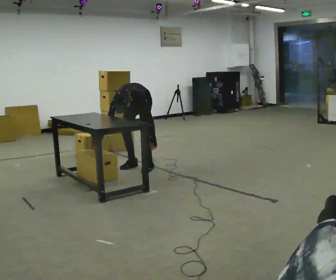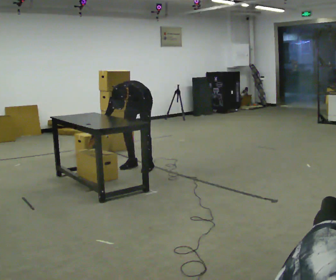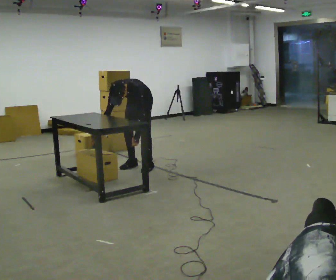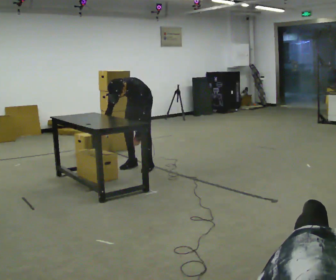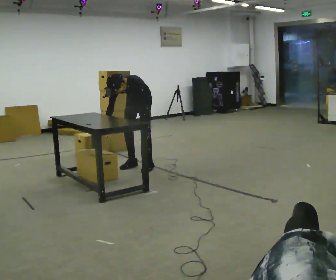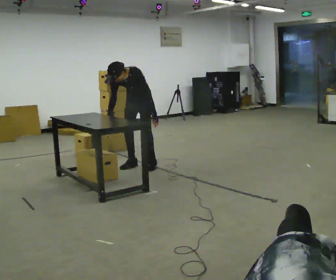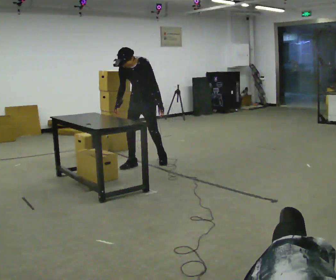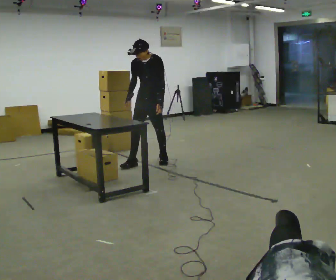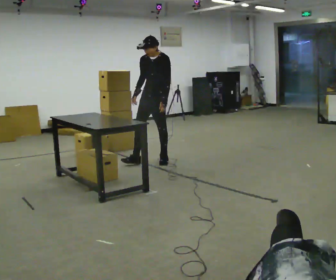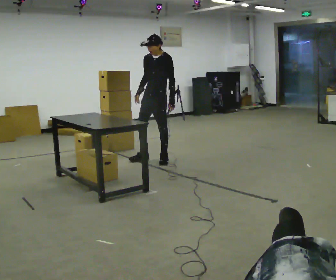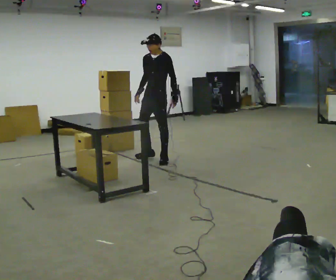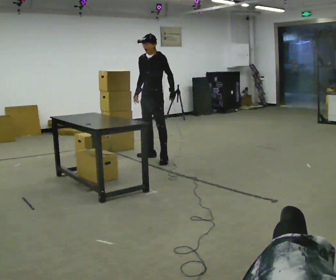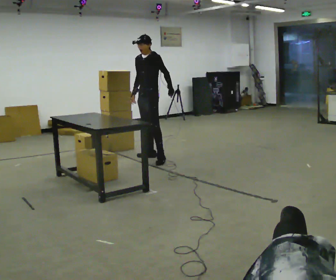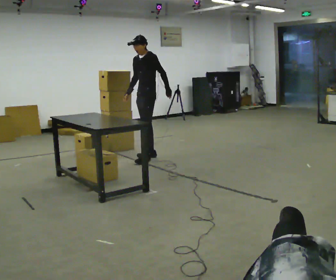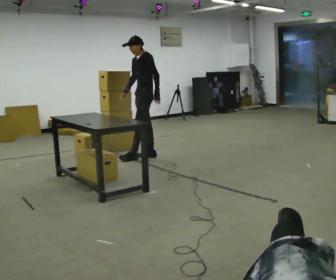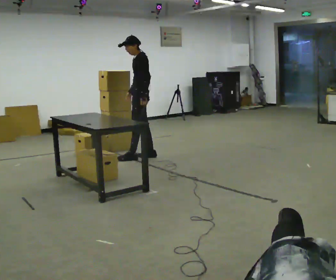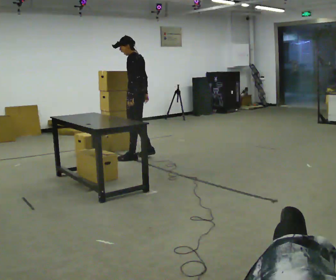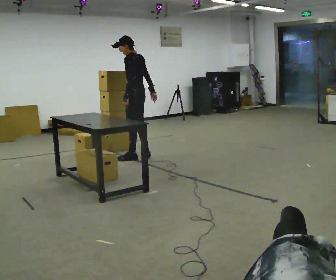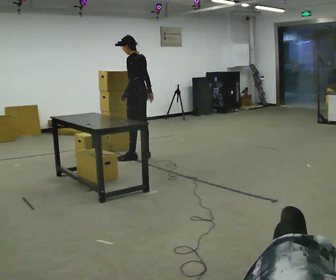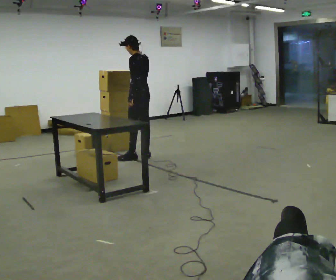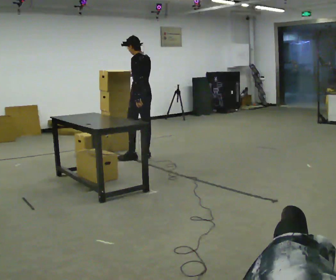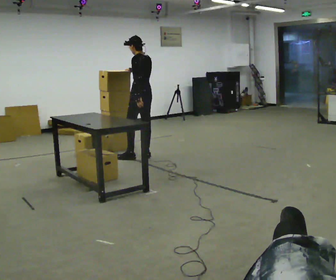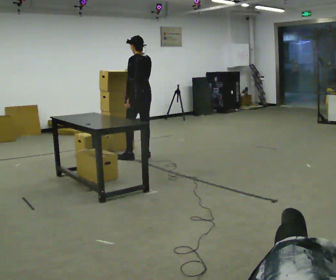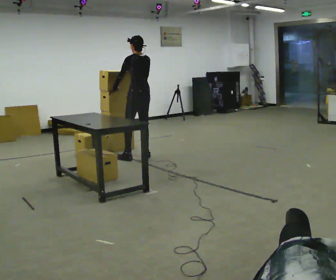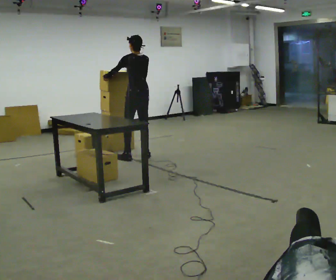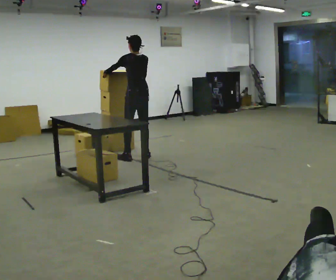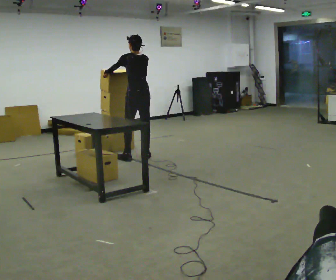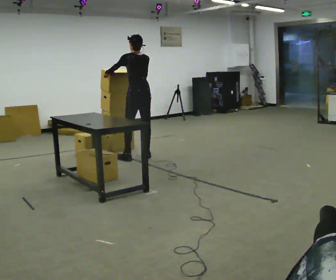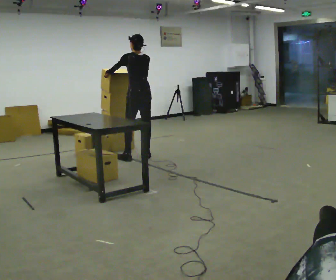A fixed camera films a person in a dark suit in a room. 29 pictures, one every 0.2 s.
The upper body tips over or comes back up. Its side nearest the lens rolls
upward.
The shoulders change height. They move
upward.
0.0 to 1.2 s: The shoulders move upward. The upper body tips away from the camera, its near side rolling upward, as they lean back or straighten. In the picture their right hand goes upward.
1.2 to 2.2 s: Seen from above the body turns clockwise, about 30 degrees: to their right, with its near side sliding to the left. In the picture they go away from the camera and to the right, about 0.25 m in 1 step, which for them is backward. The upper body tips away from the camera, its near side rolling upward, as they lean back or straighten.
2.2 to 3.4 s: The person turns about 75 degrees to their right, clockwise seen from above, so the part of the body nearest the lens slides to the left. In the picture they go to the left, about 0.25 m in 1 step.
3.4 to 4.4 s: In the picture their right hand goes upward and to the left.
4.4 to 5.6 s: In the picture their left hand goes upward, the arm swinging clockwise.
The film runs backward here.
